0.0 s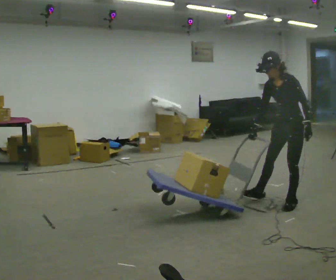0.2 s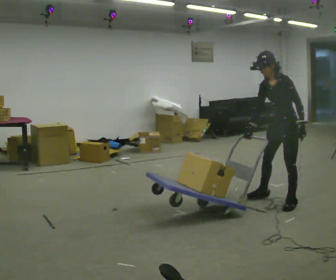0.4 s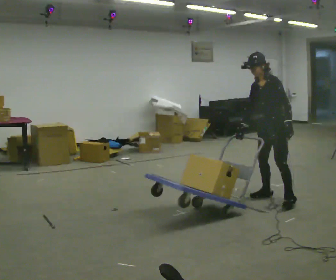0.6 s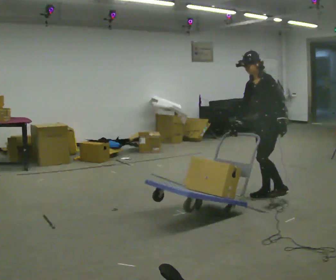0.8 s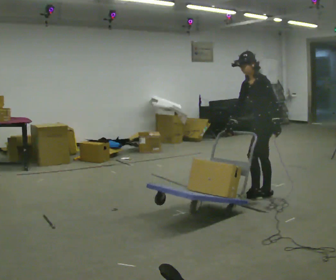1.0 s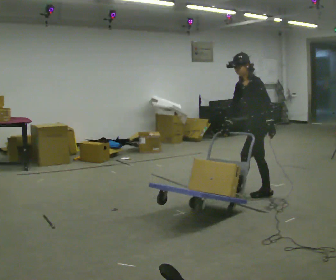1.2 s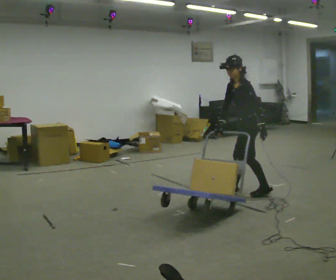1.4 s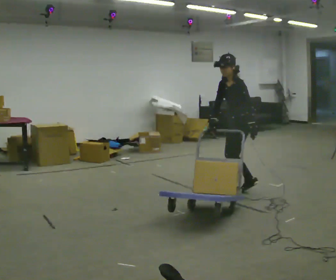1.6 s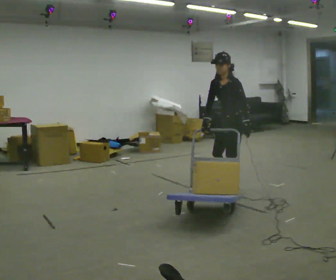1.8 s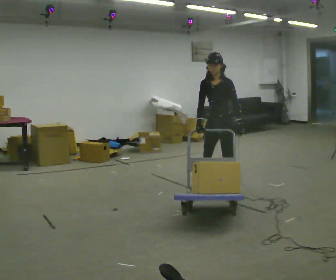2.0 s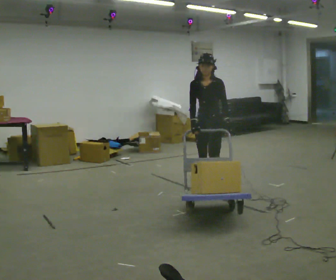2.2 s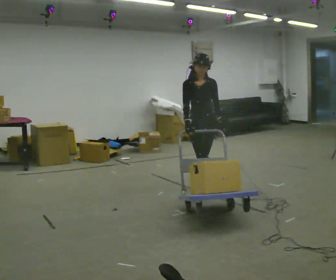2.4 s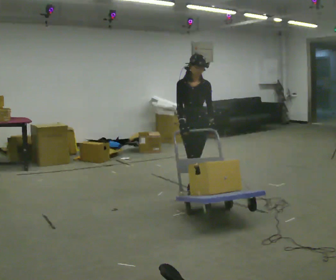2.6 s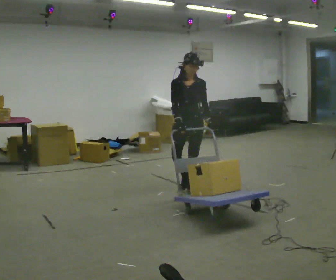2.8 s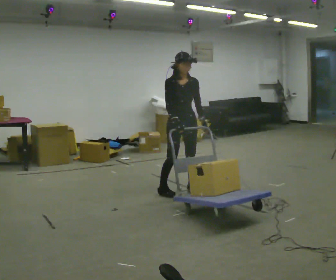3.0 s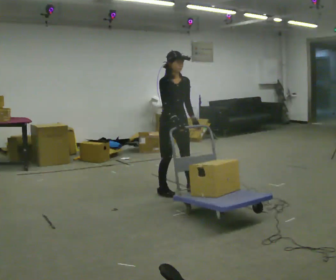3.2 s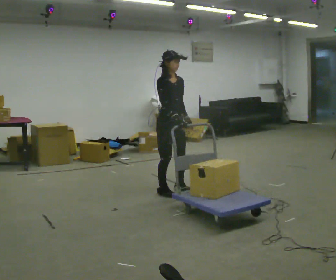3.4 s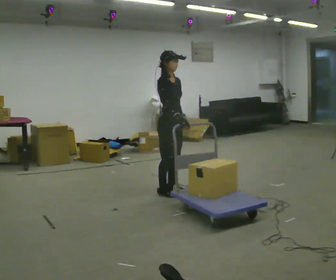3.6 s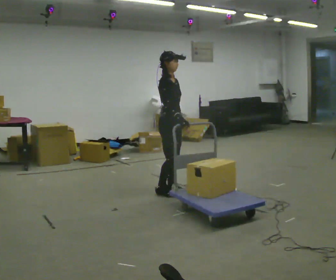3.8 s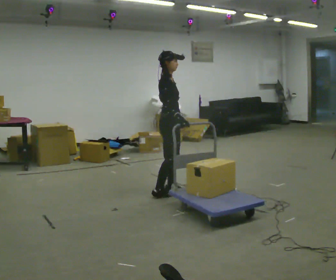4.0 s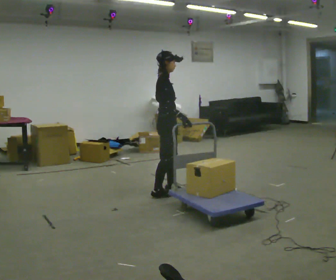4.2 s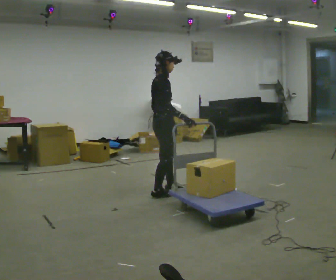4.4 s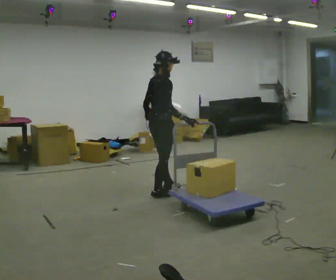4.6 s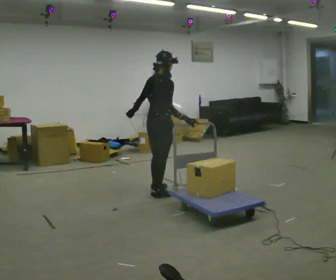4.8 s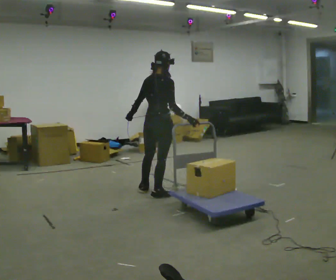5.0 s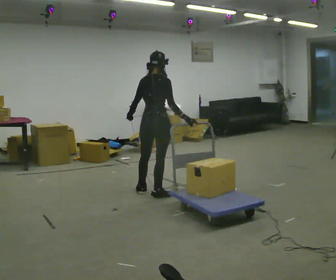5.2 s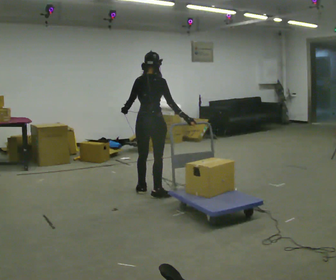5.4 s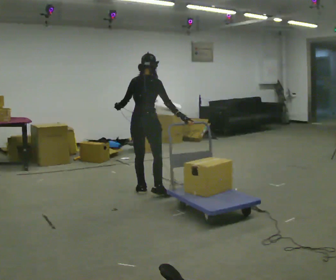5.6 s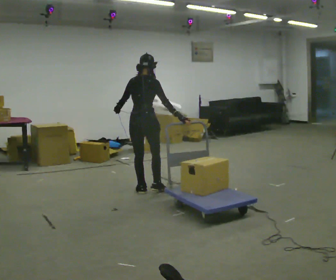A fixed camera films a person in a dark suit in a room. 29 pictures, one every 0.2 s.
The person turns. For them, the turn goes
to their left.
Their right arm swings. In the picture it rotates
counterclockwise.
0.0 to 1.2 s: The person turns about 30 degrees to their right, clockwise seen from above, so the part of the body nearest the lens slides to the left. In the picture they go to the left and away from the camera, about 0.5 m in 2 steps, which for them is to their right and forward.
1.2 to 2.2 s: The part of the body nearest the lens slides to the right as the person turns to their left by about 75 degrees. In the picture they go to the left, about 0.5 m in 1 step.
2.2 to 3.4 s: The part of the body nearest the lens slides to the right as the person turns to their left by about 75 degrees. In the picture they go to the left, about 0.5 m in 3 steps.
3.4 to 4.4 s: The part of the body nearest the lens slides to the right as the person turns to their left by about 60 degrees. In the picture their left hand goes to the left, the arm swinging clockwise.
4.4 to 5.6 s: The person turns about 45 degrees to their left, counterclockwise seen from above, so the part of the body nearest the lens slides to the right. In the picture they go to the left and away from the camera, about 0.25 m in 1 step, which for them is to their left.
The film runs forward here.
